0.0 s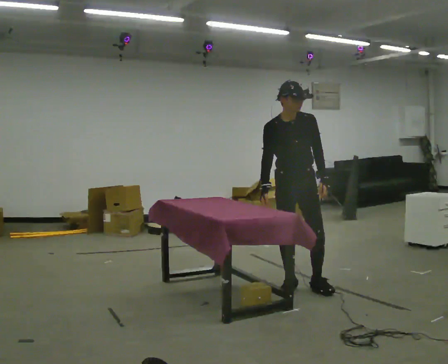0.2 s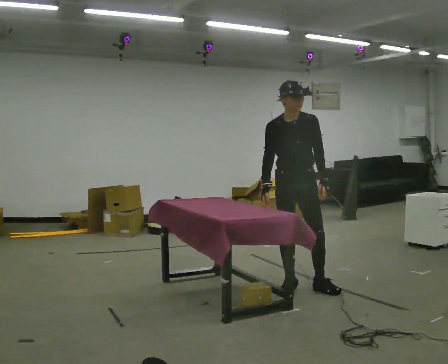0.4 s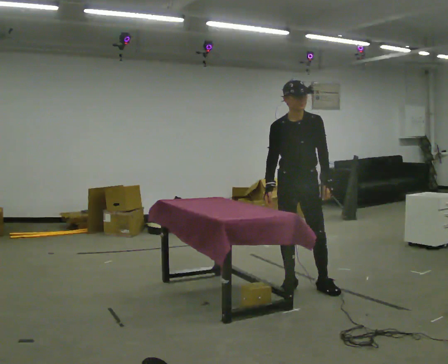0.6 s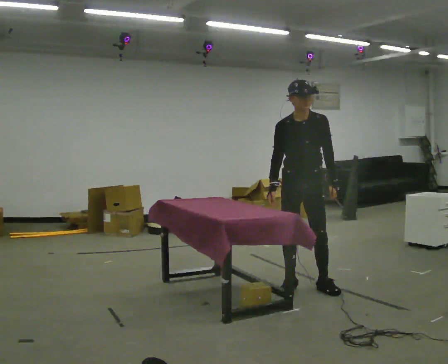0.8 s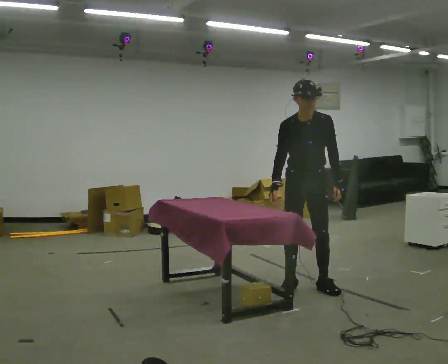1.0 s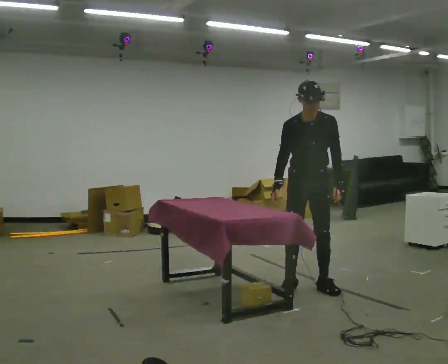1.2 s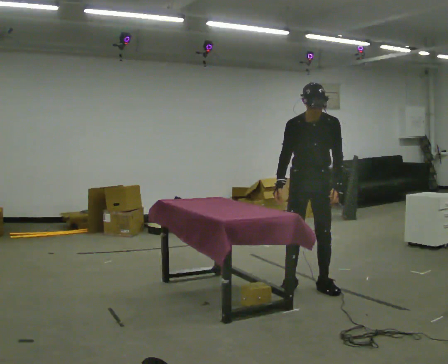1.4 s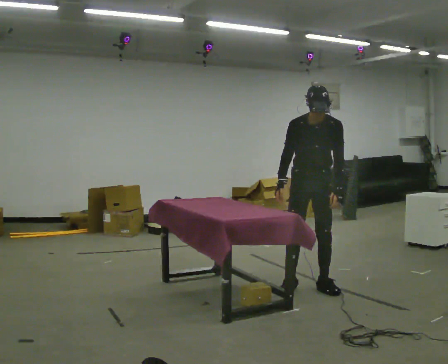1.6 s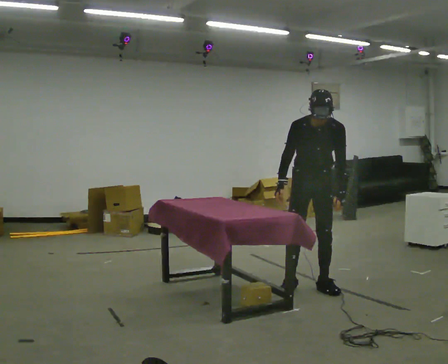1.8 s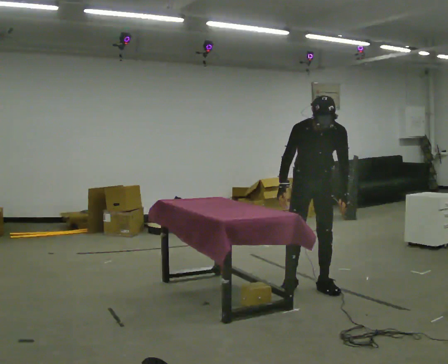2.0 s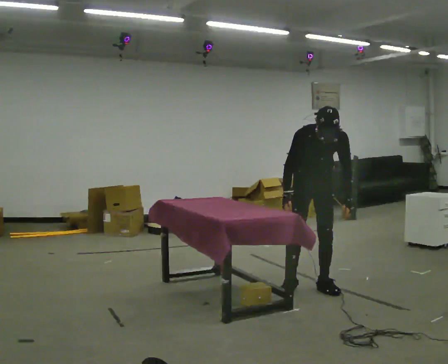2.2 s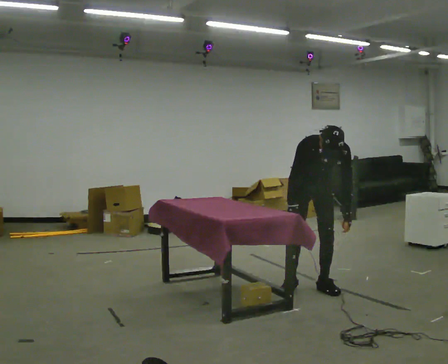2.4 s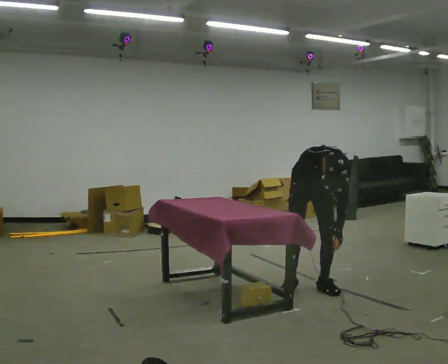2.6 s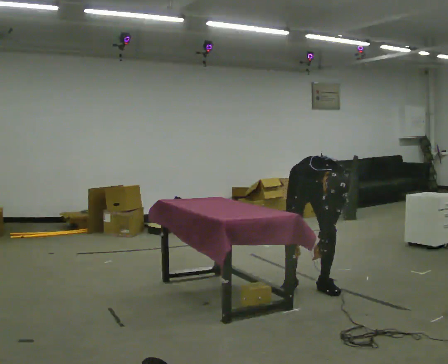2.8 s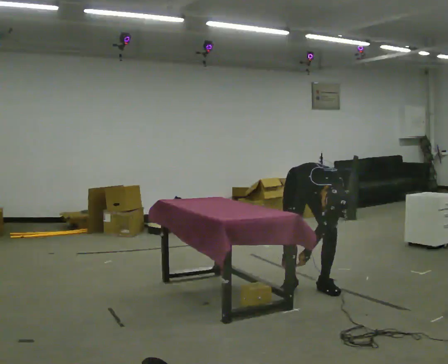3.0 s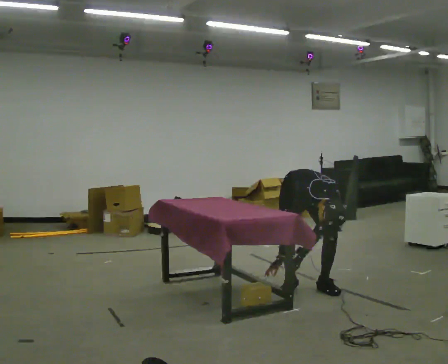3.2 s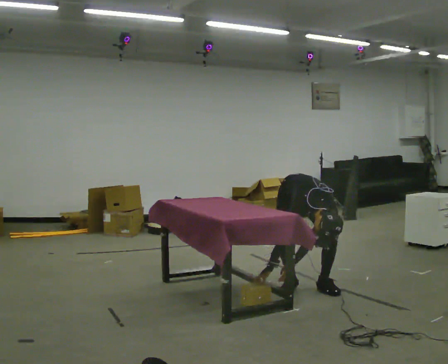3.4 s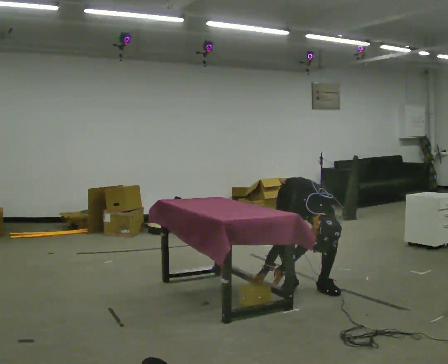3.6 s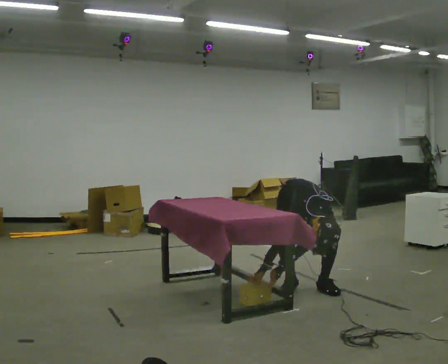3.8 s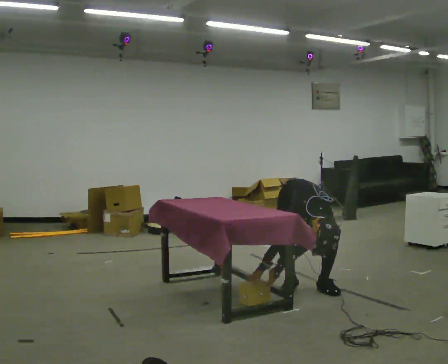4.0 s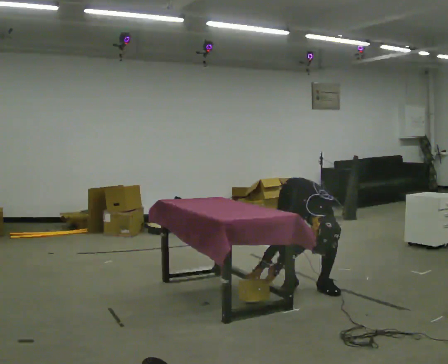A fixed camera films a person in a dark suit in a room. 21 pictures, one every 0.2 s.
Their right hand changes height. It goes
downward.
The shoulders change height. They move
downward.
0.0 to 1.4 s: The person moves a little, or ends about where they began.
1.4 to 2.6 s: The upper body goes downward. The upper body tips toward the camera, its near side rolling downward, as they bend forward. In the picture their left hand goes downward.
2.6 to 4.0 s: The upper body goes downward. In the picture the upper body tilts clockwise, shoulders to the right, as they bend forward.
The film runs backward here.
